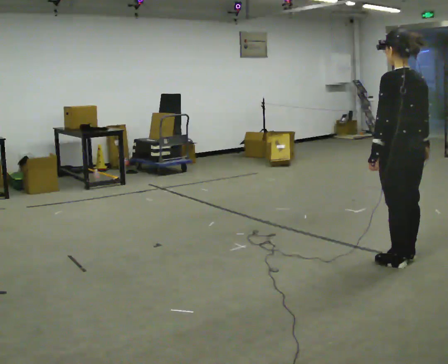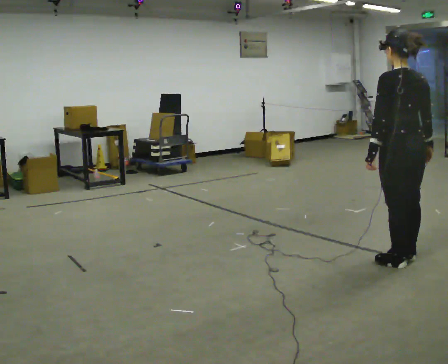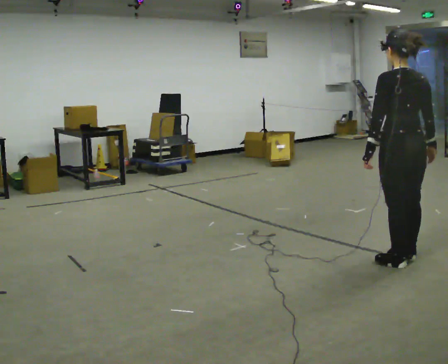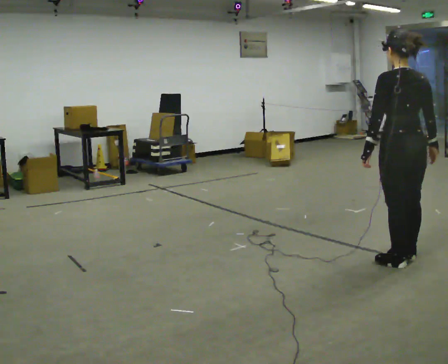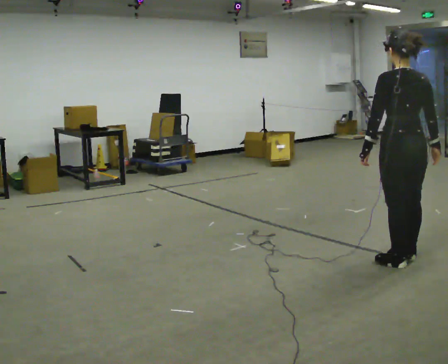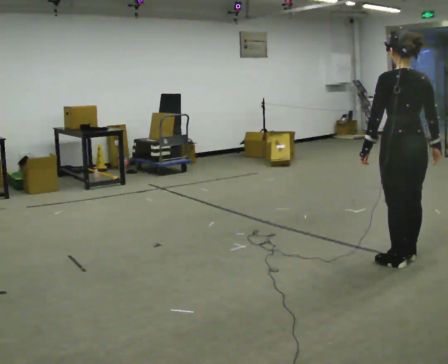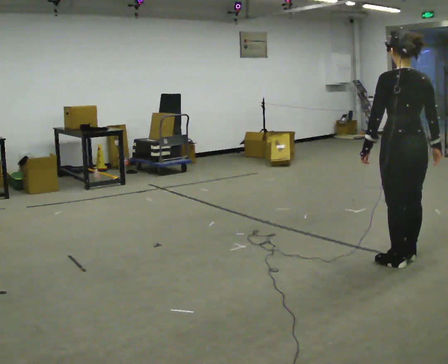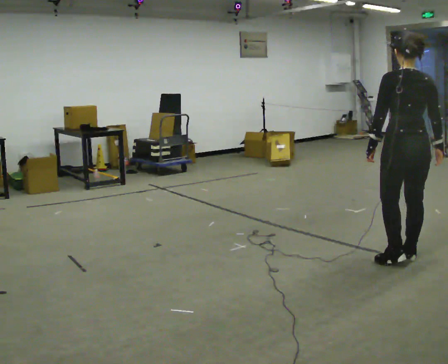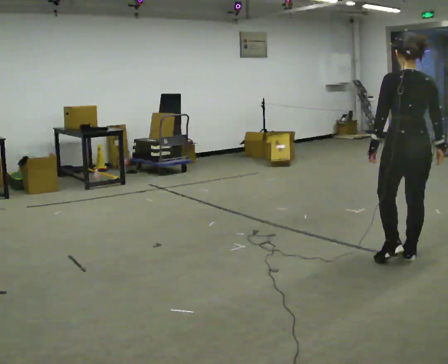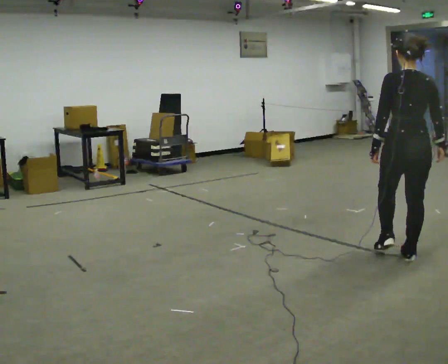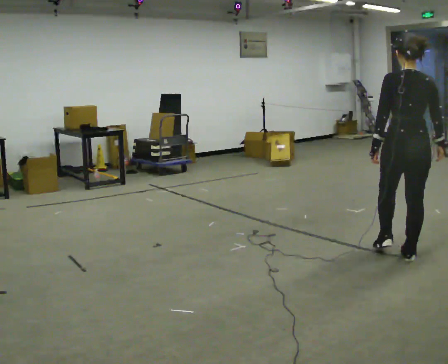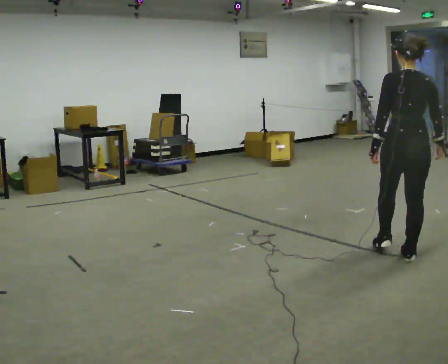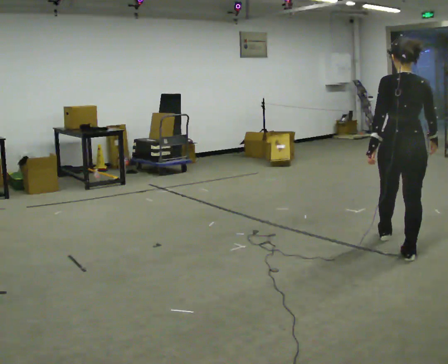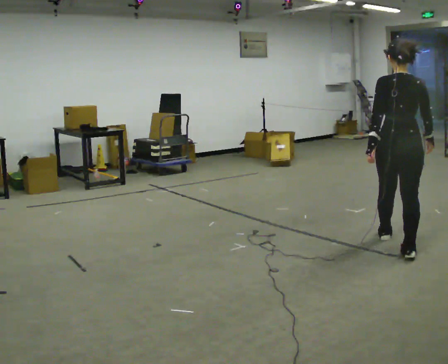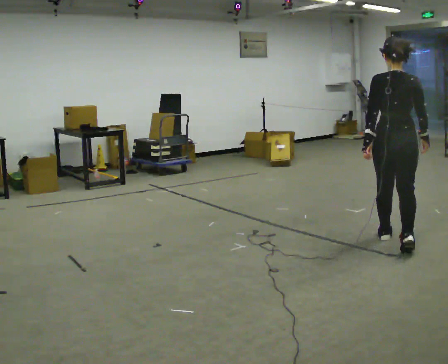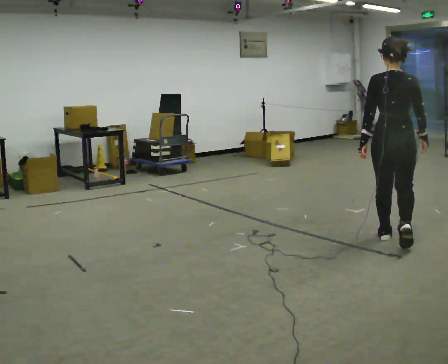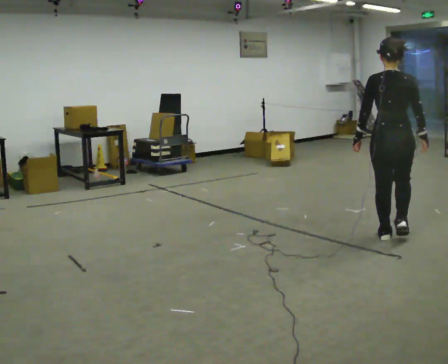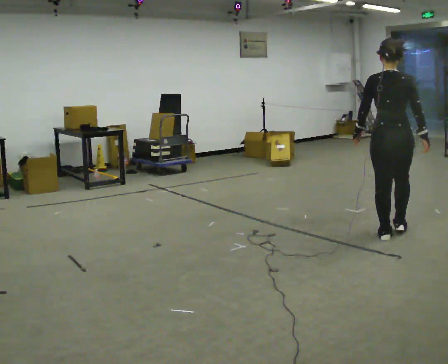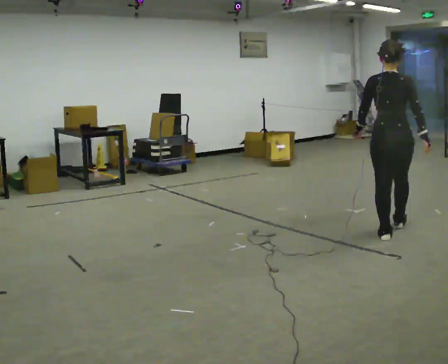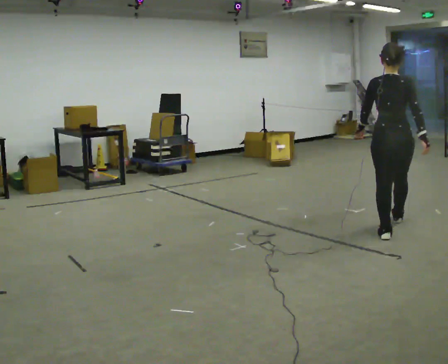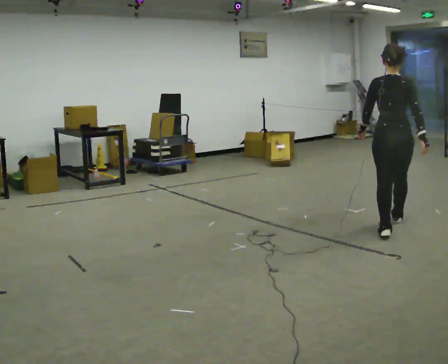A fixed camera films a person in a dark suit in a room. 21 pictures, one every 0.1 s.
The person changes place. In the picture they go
away from the camera.
0.0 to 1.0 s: The person turns about 30 degrees to their right, clockwise seen from above, so the part of the body nearest the lens slides to the left. In the picture they go away from the camera, about 0.25 m, which for them is forward.
1.0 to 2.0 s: In the picture they go away from the camera, about 0.75 m in 2 steps, which for them is forward.
The film runs forward here.
